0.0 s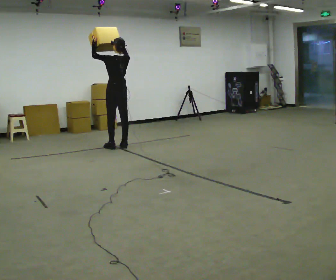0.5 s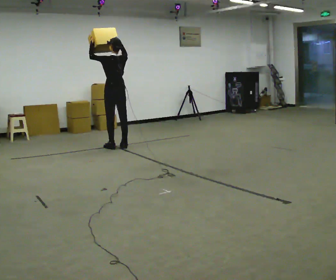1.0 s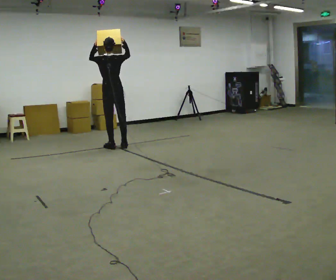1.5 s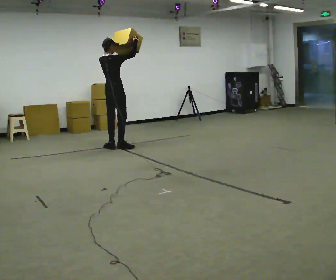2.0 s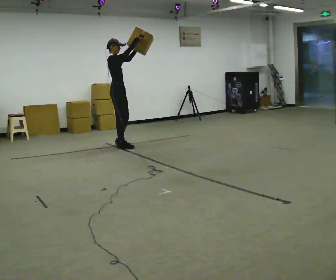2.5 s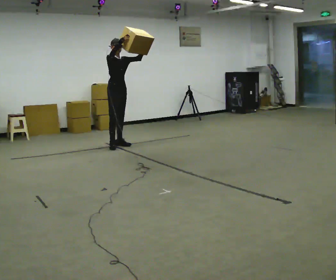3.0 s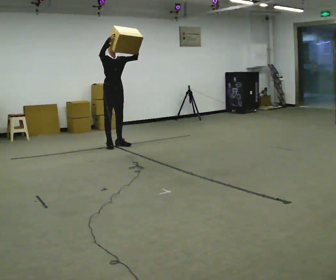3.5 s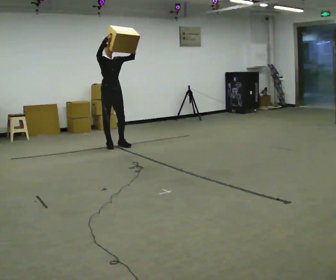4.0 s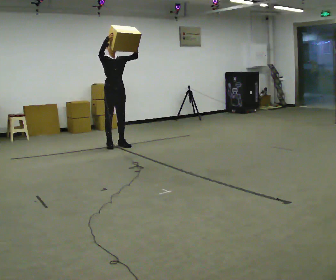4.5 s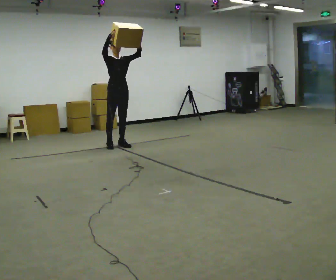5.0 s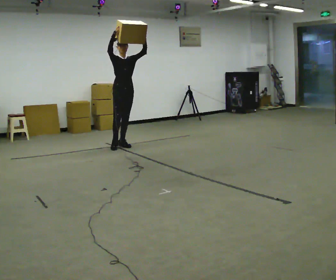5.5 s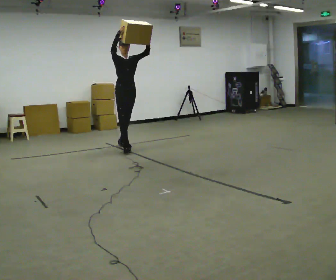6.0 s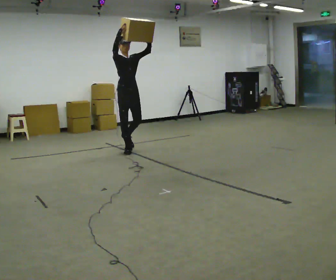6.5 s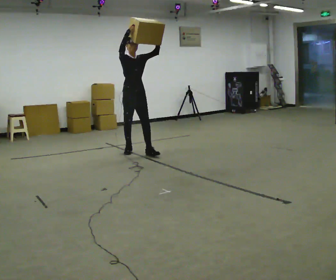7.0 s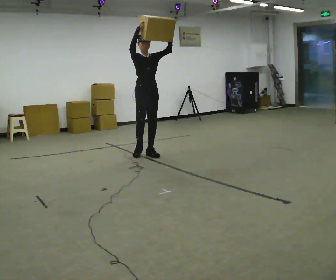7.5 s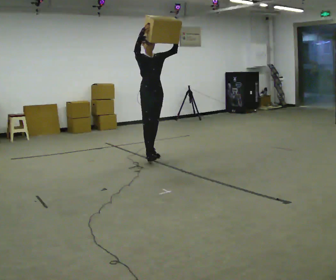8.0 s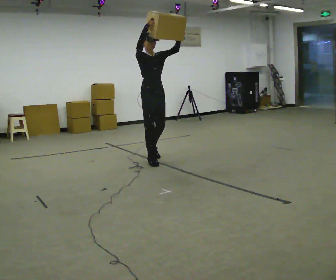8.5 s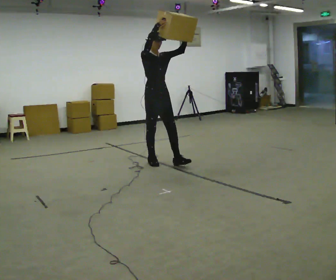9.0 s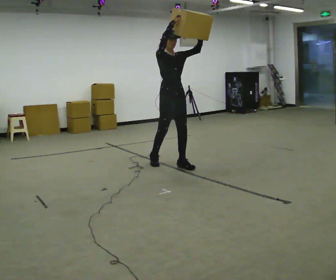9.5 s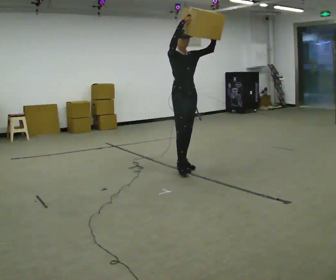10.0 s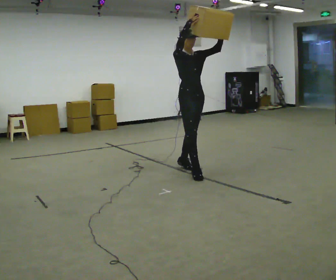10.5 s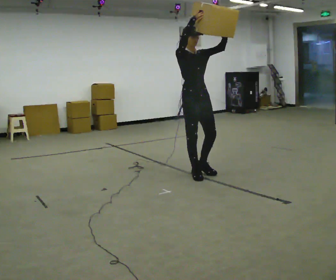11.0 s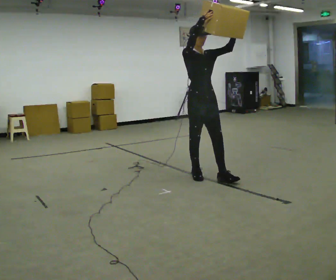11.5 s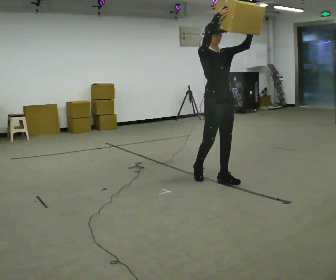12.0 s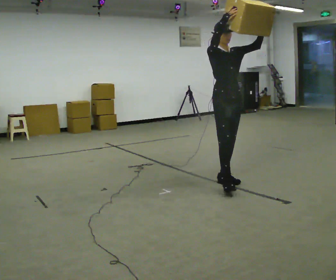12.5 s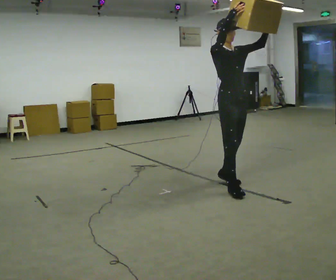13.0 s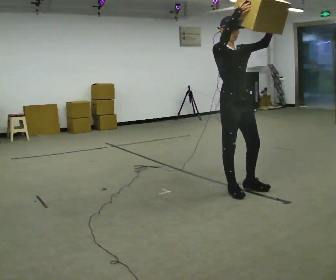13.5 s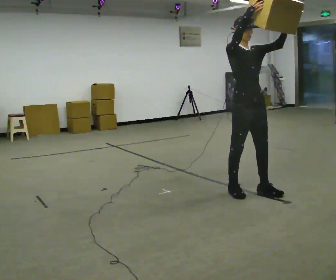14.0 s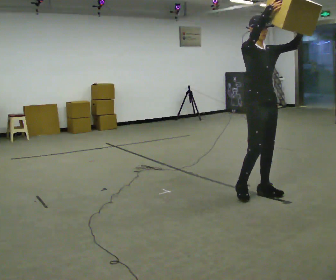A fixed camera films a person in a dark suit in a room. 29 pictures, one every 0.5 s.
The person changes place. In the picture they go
toward the camera.
0.0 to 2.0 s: The part of the body nearest the lens slides to the left as the person turns to their right by about 120 degrees. In the picture their left hand goes to the right.
2.0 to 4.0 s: Seen from above the body turns clockwise, about 60 degrees: to their right, with its near side sliding to the left. In the picture their right hand goes to the left.
4.0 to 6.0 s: In the picture they go toward the camera and to the right, about 0.5 m in 1 step, which for them is forward.
6.0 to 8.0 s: In the picture they go toward the camera and to the right, about 1 m in 2 steps, which for them is forward.
8.0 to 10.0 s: In the picture they go toward the camera and to the right, about 0.5 m in 2 steps, which for them is forward.
10.0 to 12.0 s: In the picture they go toward the camera and to the right, about 0.5 m in 1 step, which for them is forward.
12.0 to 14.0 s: In the picture they go toward the camera and to the right, about 0.5 m in 2 steps, which for them is forward.
The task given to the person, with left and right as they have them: Carry the heaviest box in both hands in front of you, walking back and forth across the room. Only carry what is comfortable. Set it down whenever you need to.
The film runs forward here.
